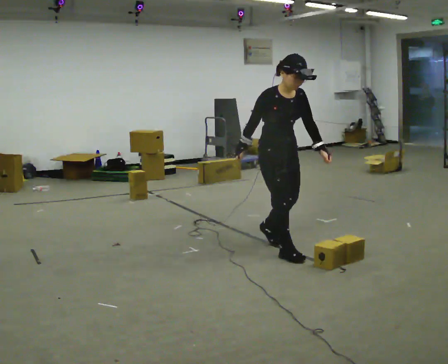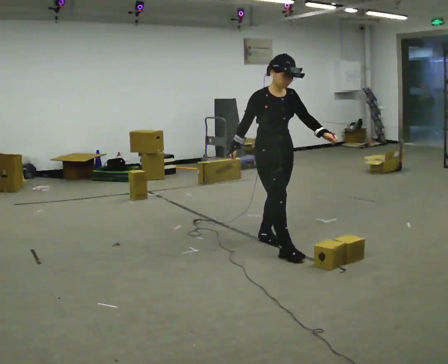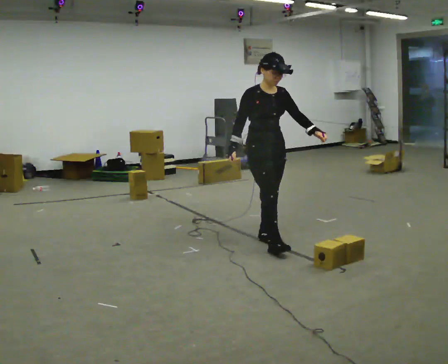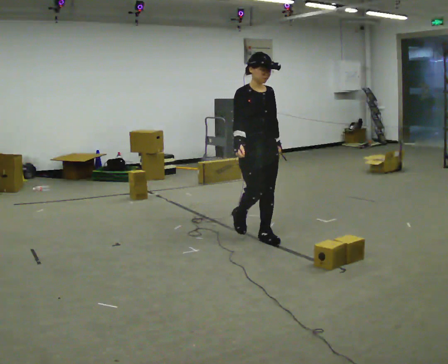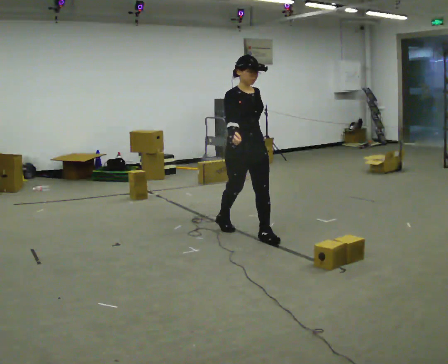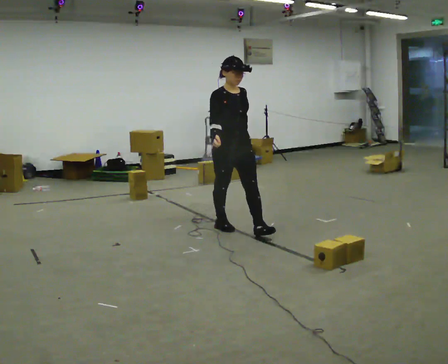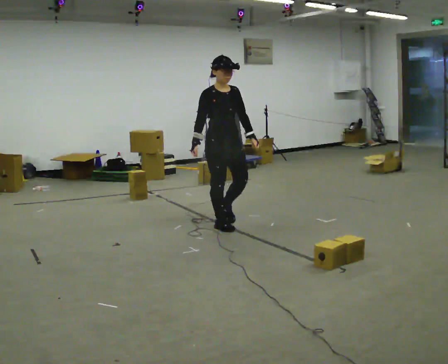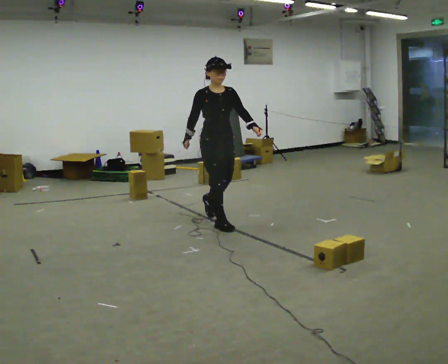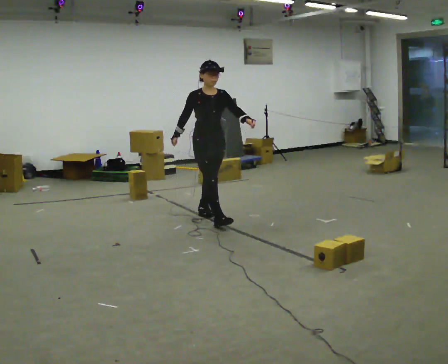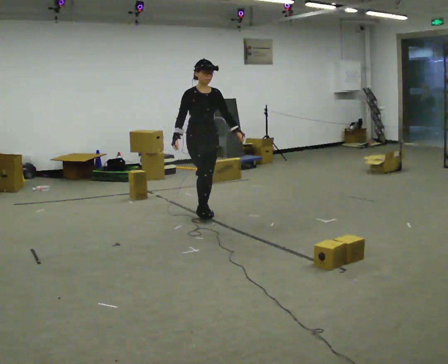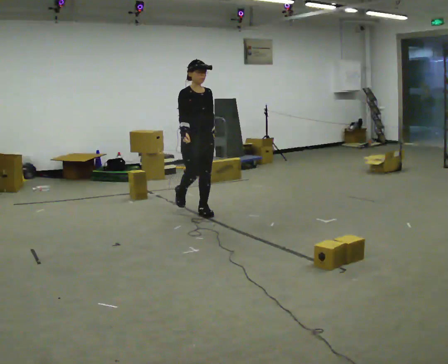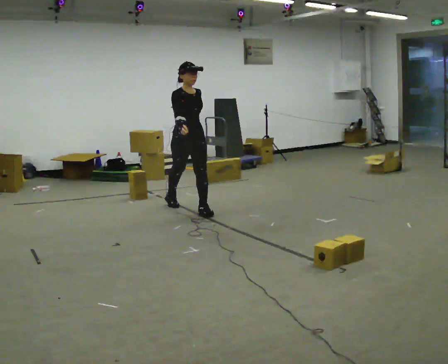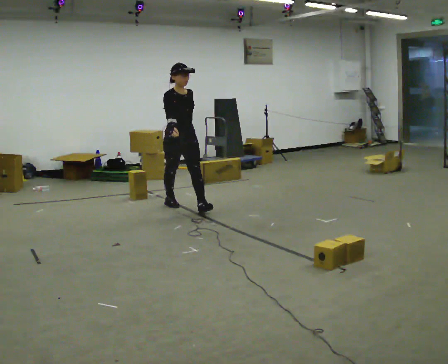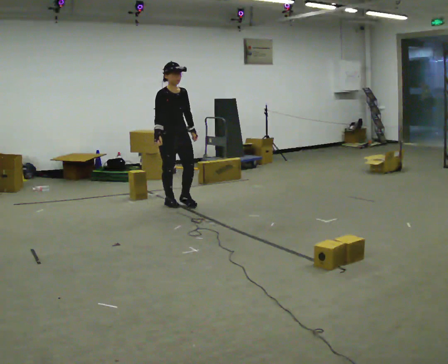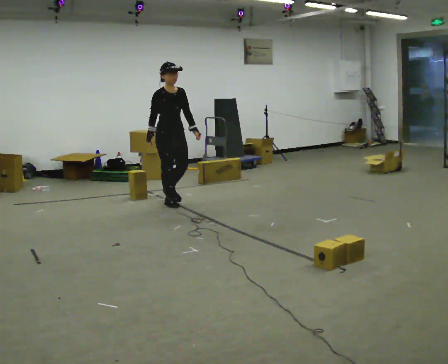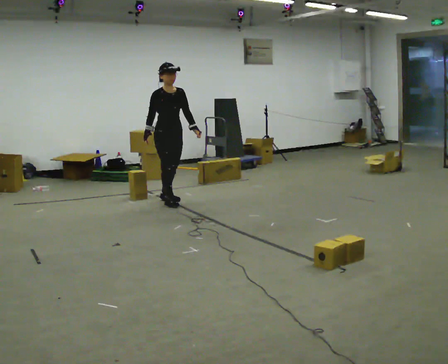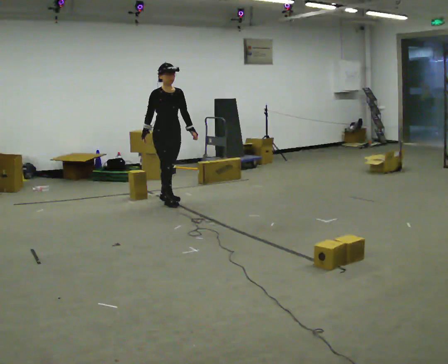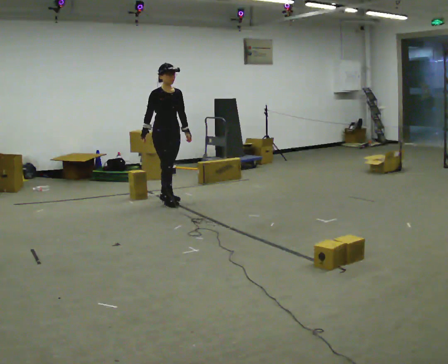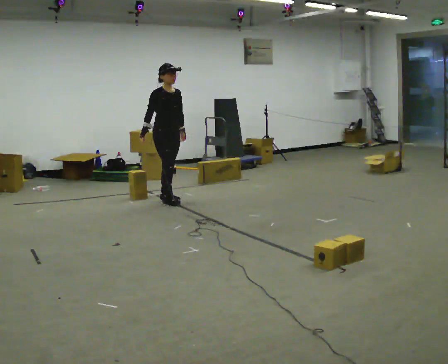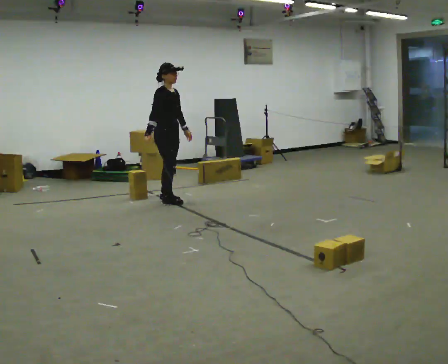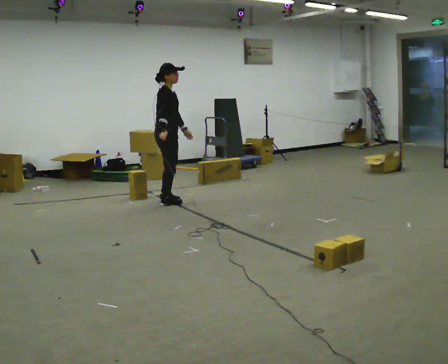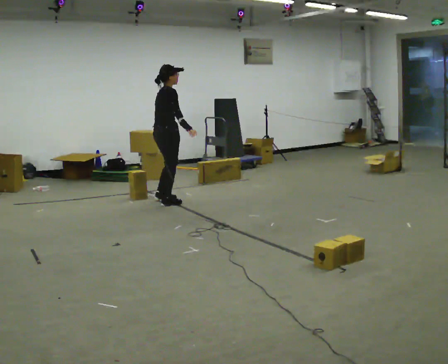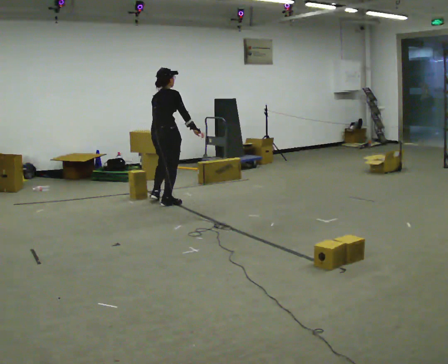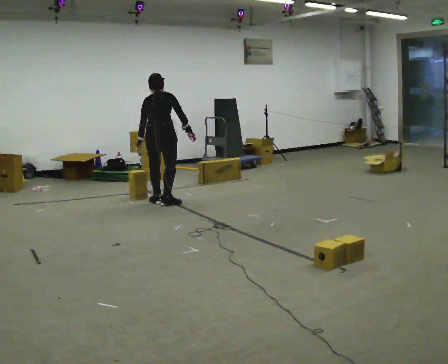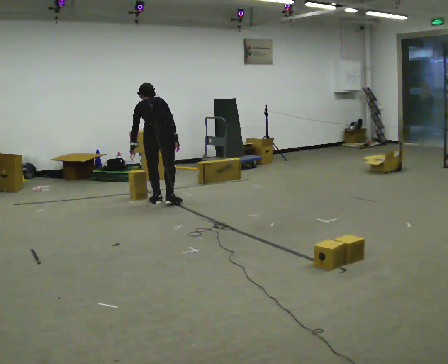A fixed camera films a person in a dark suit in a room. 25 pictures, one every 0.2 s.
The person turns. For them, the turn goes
to their left.
The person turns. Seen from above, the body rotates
counterclockwise.
0.0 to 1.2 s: In the picture they go away from the camera and to the left, about 1 m in 2 steps, which for them is backward.
1.2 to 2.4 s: In the picture they go away from the camera and to the left, about 1 m in 2 steps, which for them is backward.
2.4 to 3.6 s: In the picture they go away from the camera and to the left, about 0.25 m, which for them is backward.
3.6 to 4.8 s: The person turns about 150 degrees to their left, counterclockwise seen from above, so the part of the body nearest the lens slides to the right. In the picture they go toward the camera, about 0.25 m in 2 steps. The upper body goes downward. The upper body tips away from the camera, its near side rolling upward, as they bend forward. In the picture their right hand goes to the right, the arm swinging counterclockwise.
The film runs backward here.
